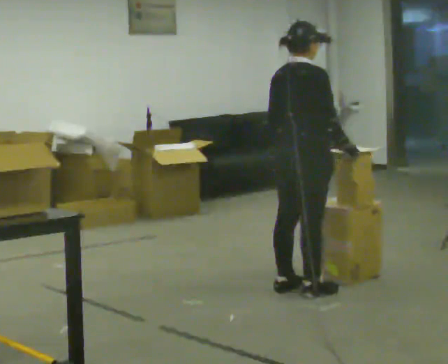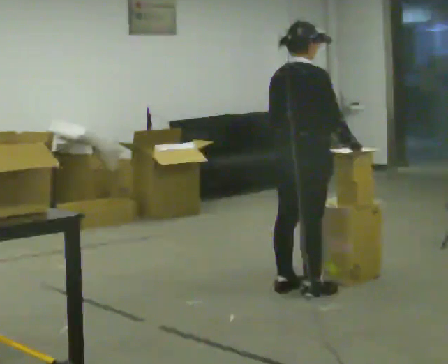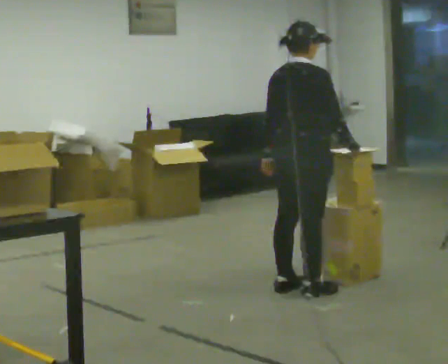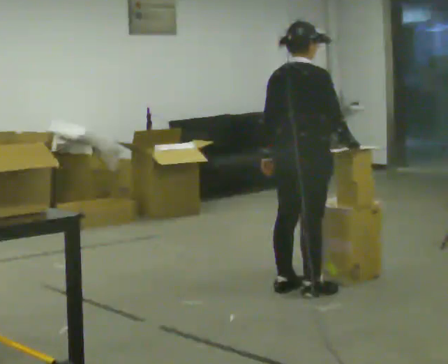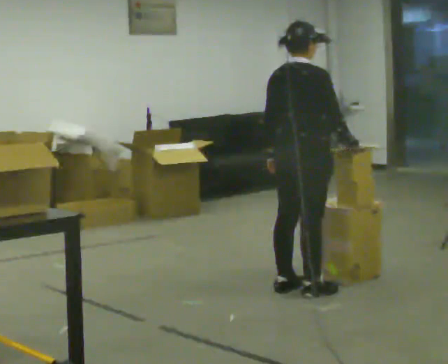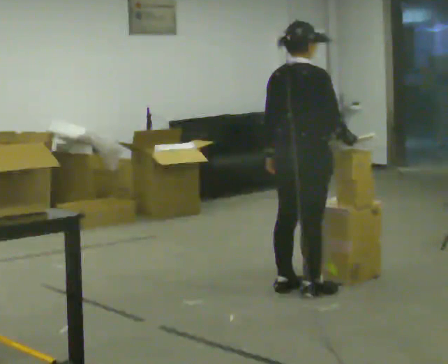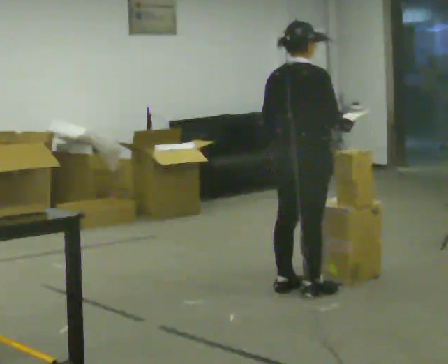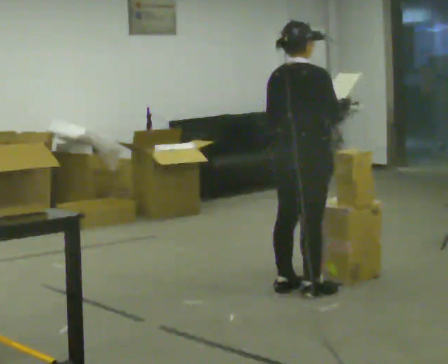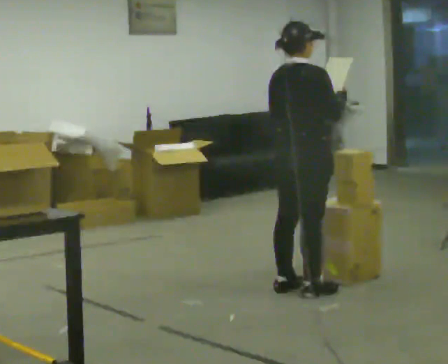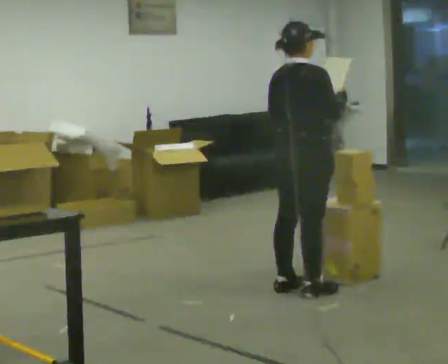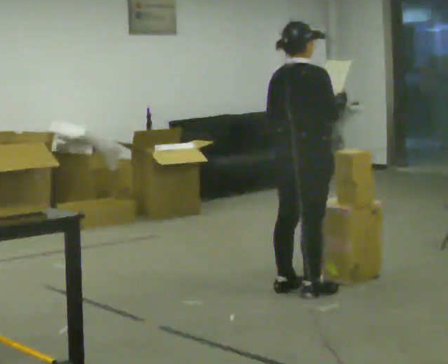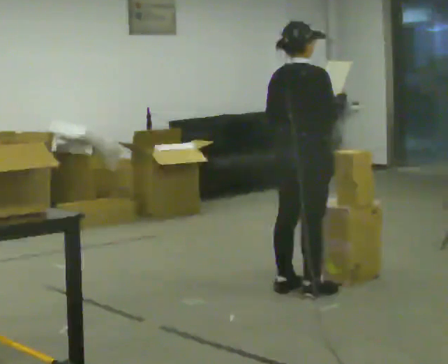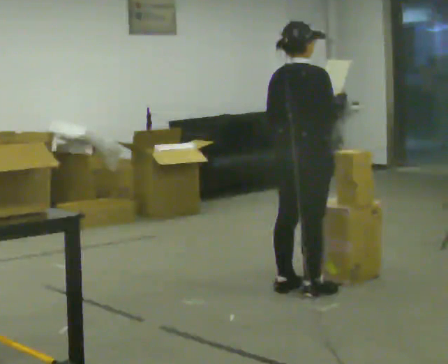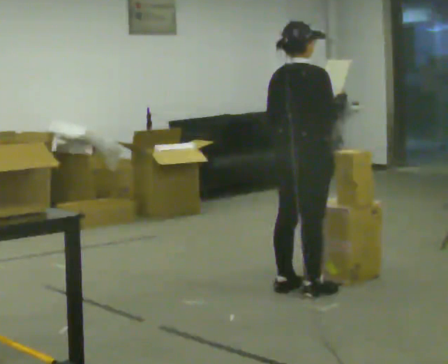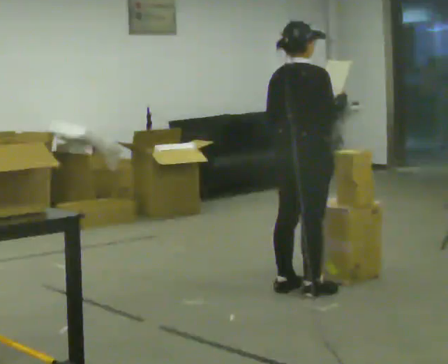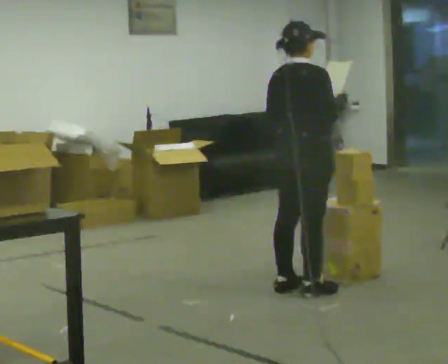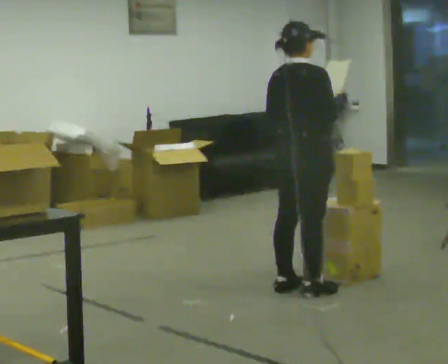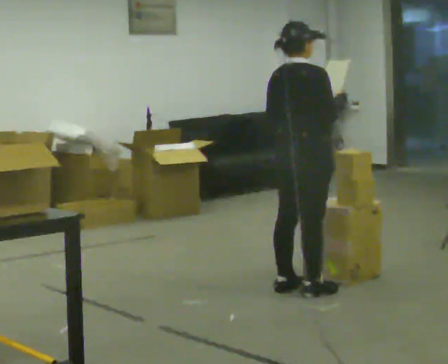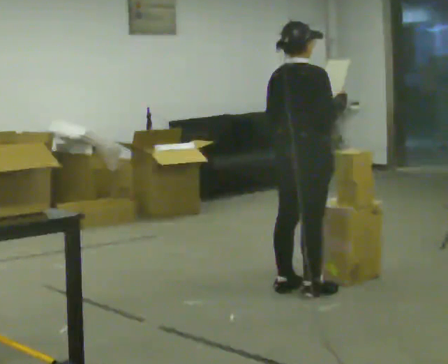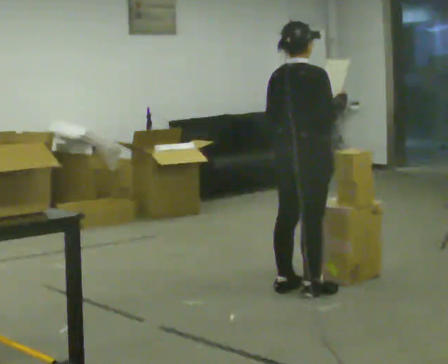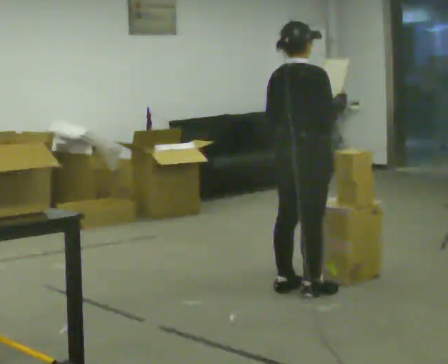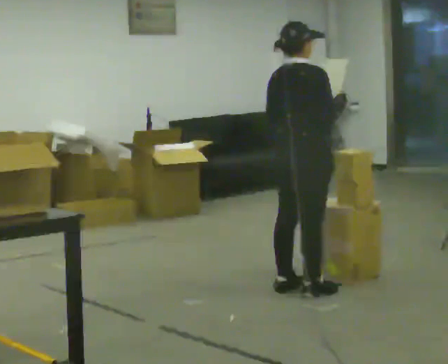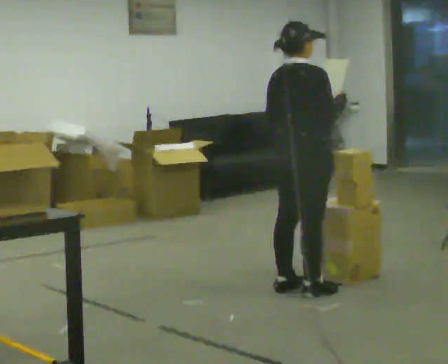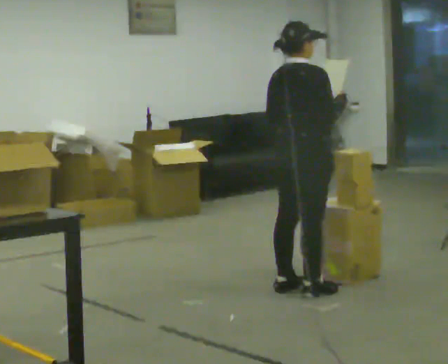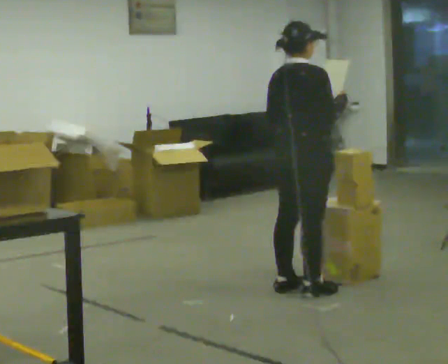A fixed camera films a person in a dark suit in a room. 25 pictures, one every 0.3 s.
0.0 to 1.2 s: The person moves a little, or ends about where they began.
1.2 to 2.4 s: In the picture their left hand goes upward.
2.4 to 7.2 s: The person keeps their place and pose.
The film runs forward here.
